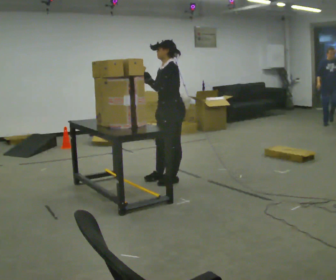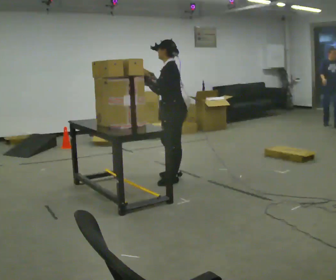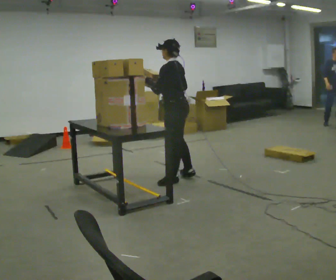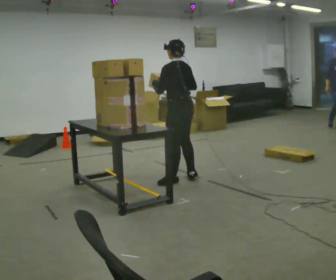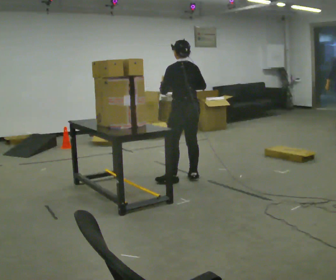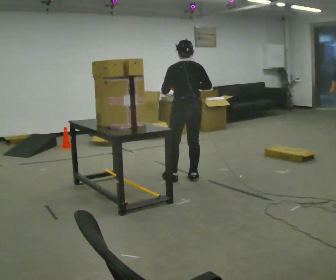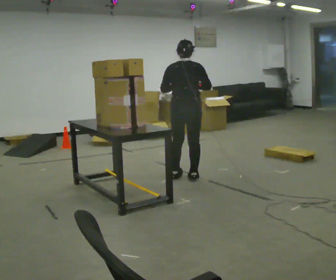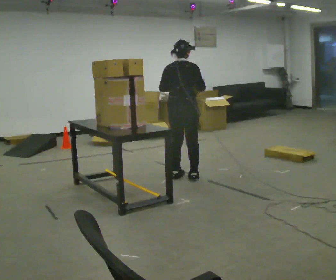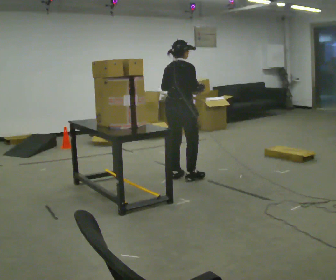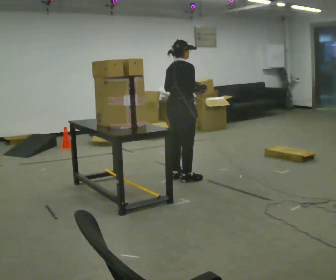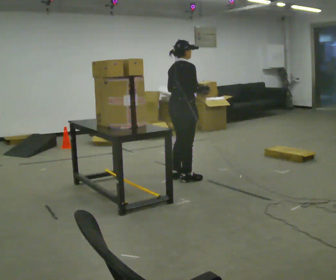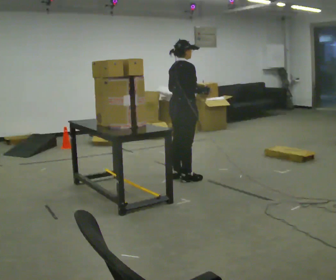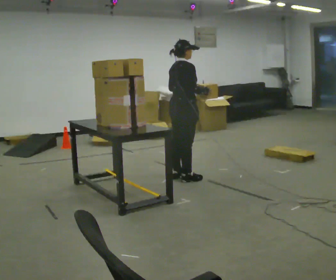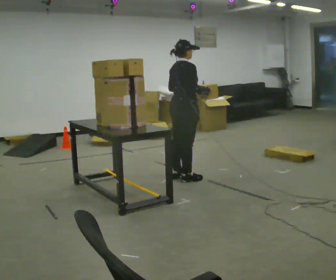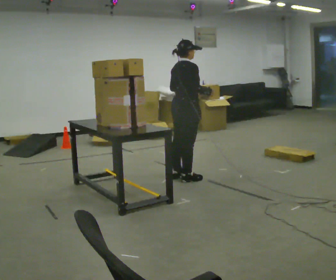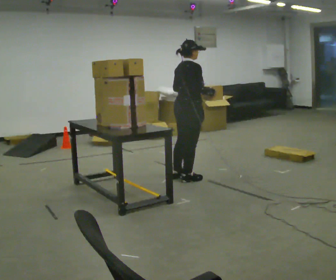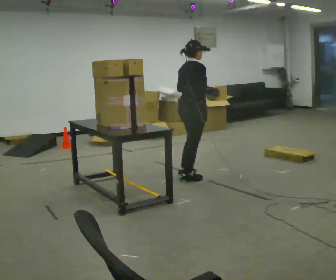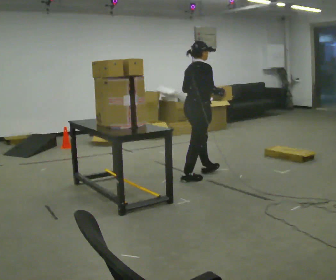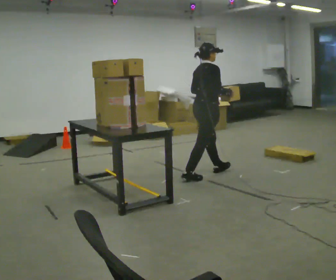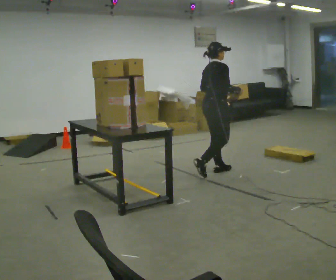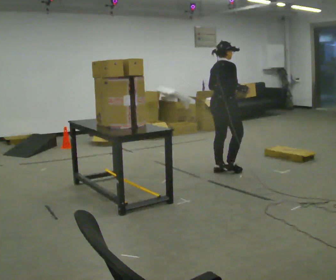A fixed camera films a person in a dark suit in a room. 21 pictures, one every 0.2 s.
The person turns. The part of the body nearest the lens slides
to the left.
The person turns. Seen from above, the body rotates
clockwise.
0.0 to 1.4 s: Seen from above the body turns clockwise, about 135 degrees: to their right, with its near side sliding to the left. In the picture their right hand goes to the right.
1.4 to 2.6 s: Seen from above the body turns clockwise, about 30 degrees: to their right, with its near side sliding to the left.
2.6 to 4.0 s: In the picture they go to the right, about 0.5 m in 1 step, which for them is forward.
The film runs forward here.
